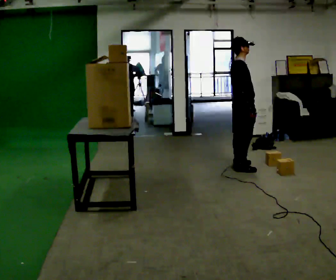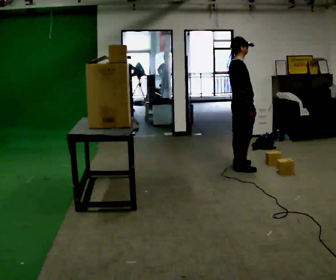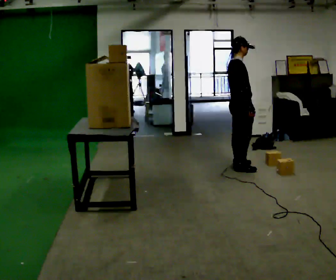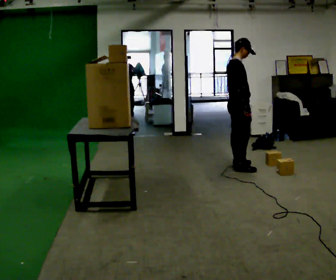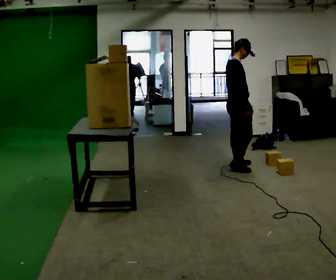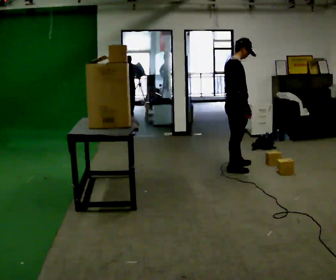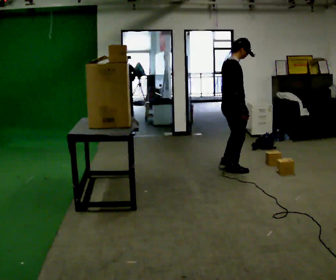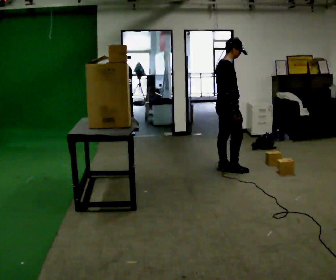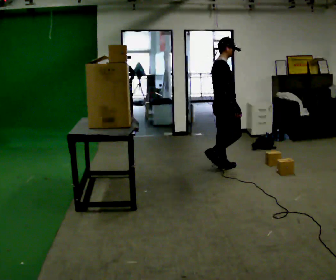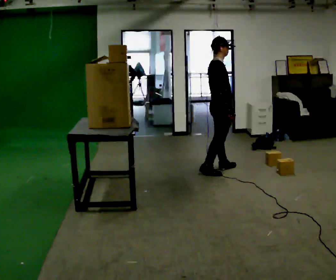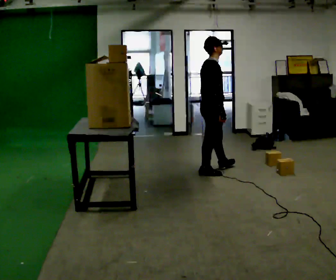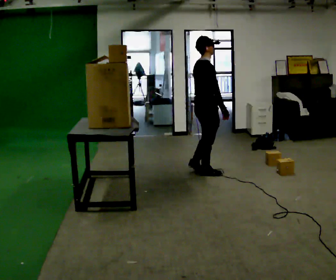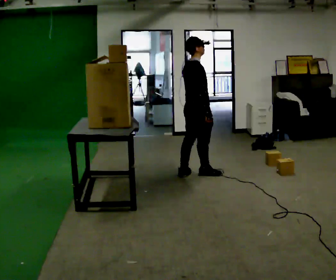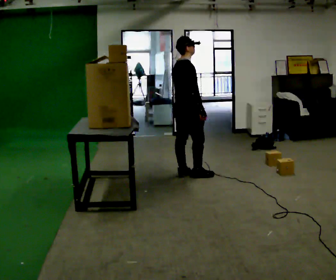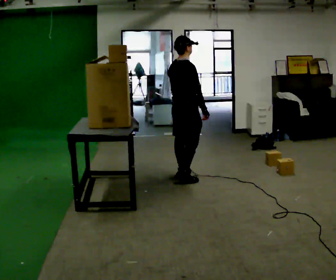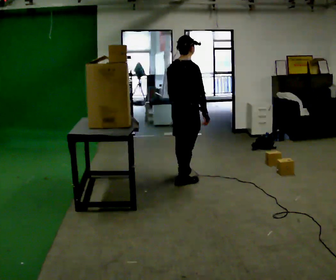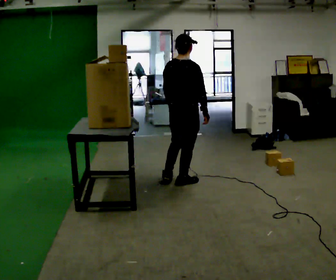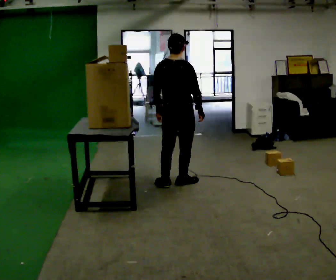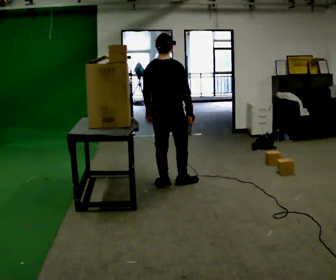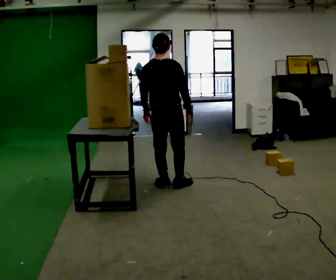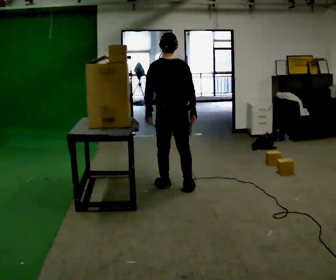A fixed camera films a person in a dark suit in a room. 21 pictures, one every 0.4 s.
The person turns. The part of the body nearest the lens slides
to the right.
The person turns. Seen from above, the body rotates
counterclockwise.
0.0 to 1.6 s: The person moves a little, or ends about where they began.
1.6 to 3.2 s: In the picture they go to the left, about 0.25 m in 2 steps, which for them is backward.
3.2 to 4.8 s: In the picture they go to the left and toward the camera, about 0.5 m in 1 step, which for them is backward.
4.8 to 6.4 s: The person turns about 30 degrees to their left, counterclockwise seen from above, so the part of the body nearest the lens slides to the right. In the picture they go toward the camera and to the left, about 0.25 m in 2 steps, which for them is backward and to their right.
6.4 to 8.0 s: Seen from above the body turns counterclockwise, about 30 degrees: to their left, with its near side sliding to the right.
The film runs backward here.
